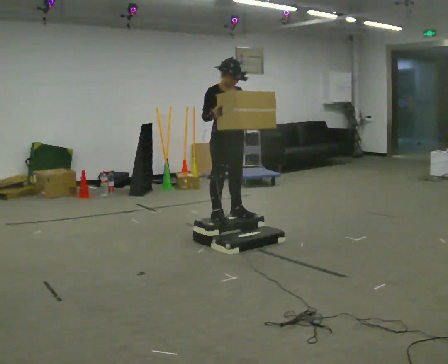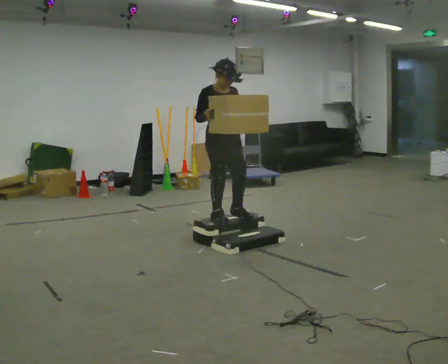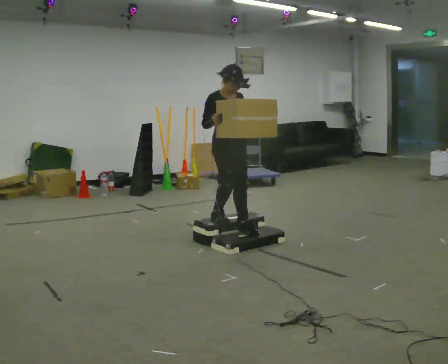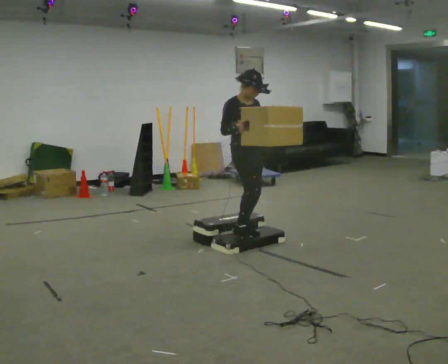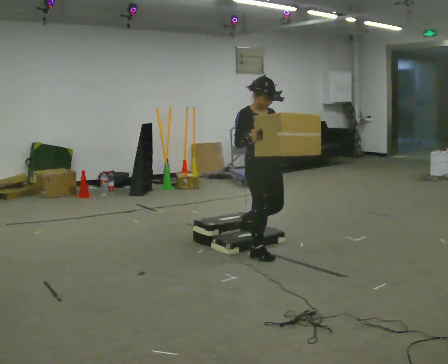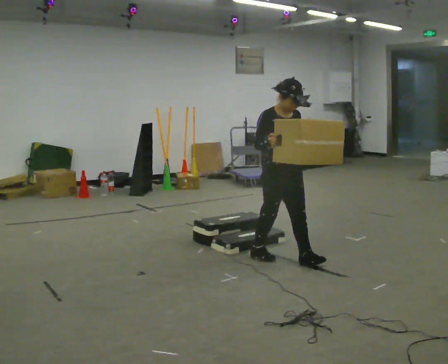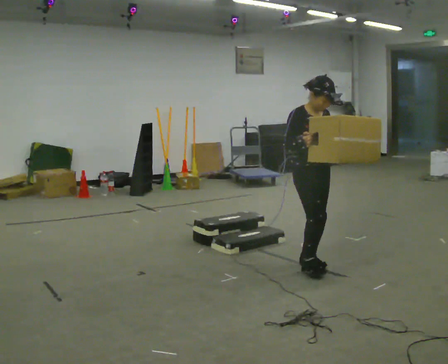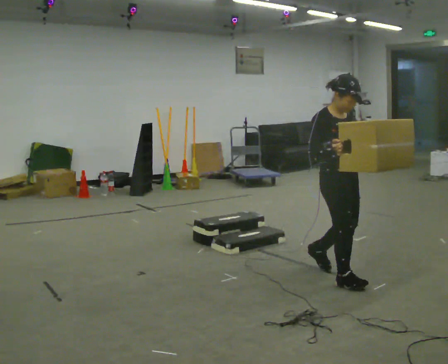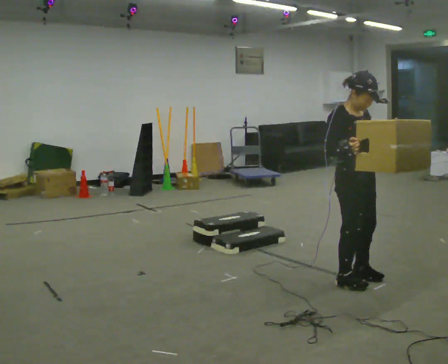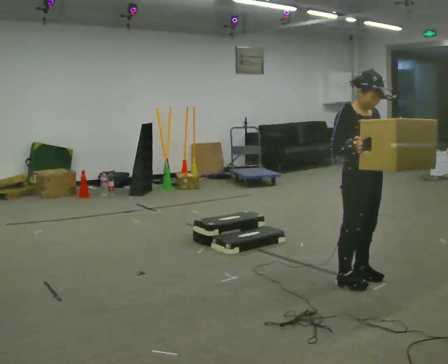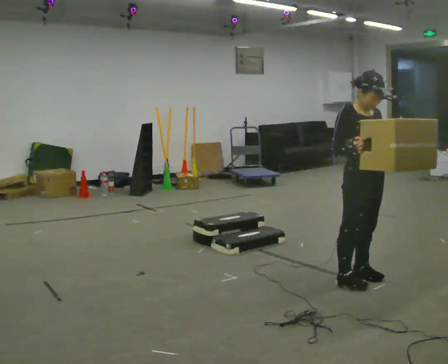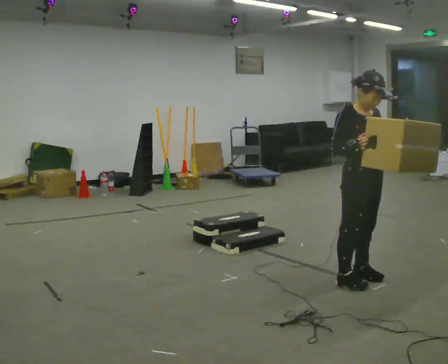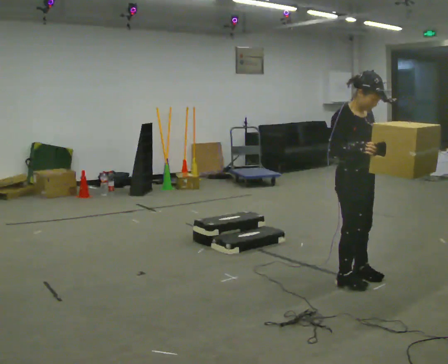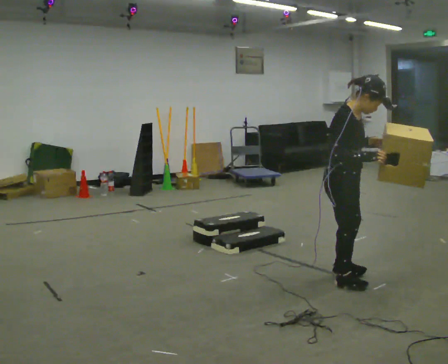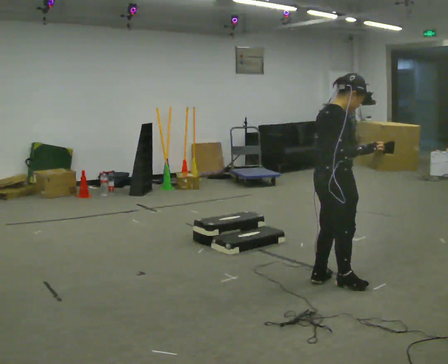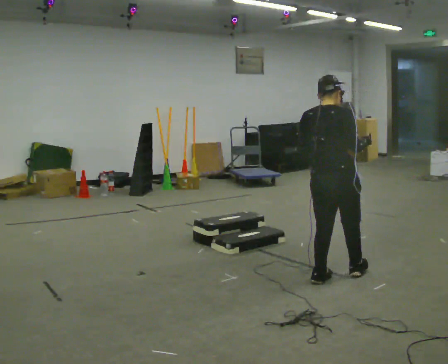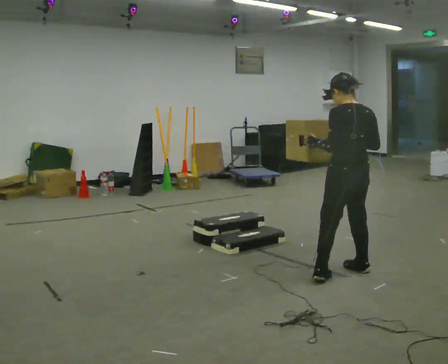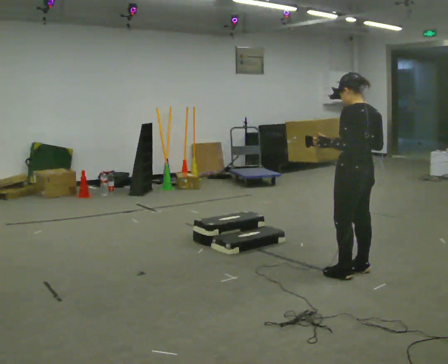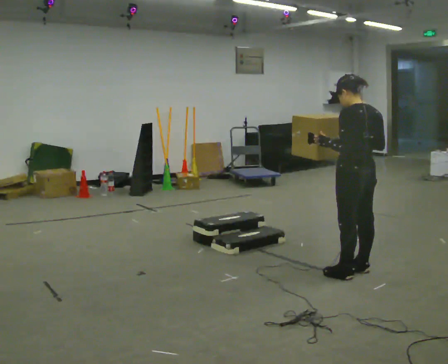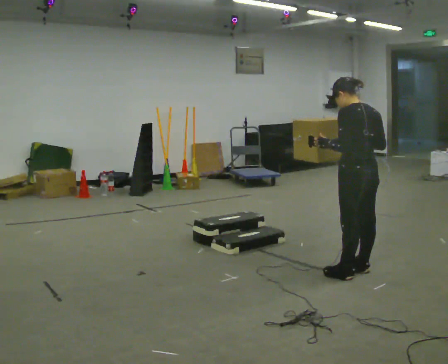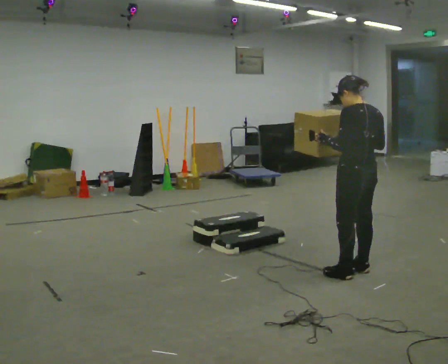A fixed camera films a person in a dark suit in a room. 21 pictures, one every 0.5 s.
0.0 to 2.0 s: In the picture they go toward the camera and to the right, about 0.5 m in 2 steps, which for them is forward. The shoulders move downward.
2.0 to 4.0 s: In the picture they go to the right and toward the camera, about 1 m in 3 steps, which for them is forward.
4.0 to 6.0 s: The person moves a little, or ends about where they began.
6.0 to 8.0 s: The part of the body nearest the lens slides to the right as the person turns to their left by about 165 degrees. In the picture they go away from the camera, about 0.25 m in 2 steps. In the picture their left hand goes to the left.
8.0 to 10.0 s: The person moves a little, or ends about where they began.
The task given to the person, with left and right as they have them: Carry the box up the three steps, turn at the top, and carry it back down. Use the handrail only if you need it. Keep going until the operator says stop; one object at a time, and do not rush between trips.
The film runs forward here.
